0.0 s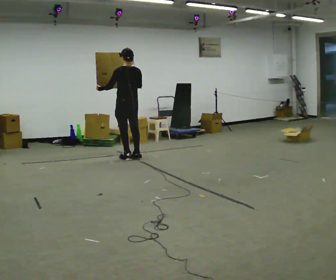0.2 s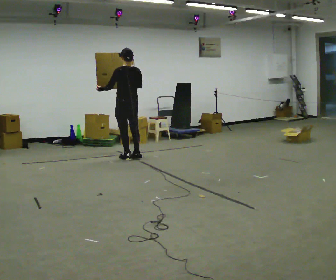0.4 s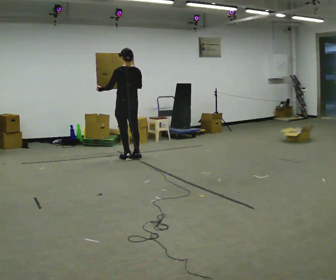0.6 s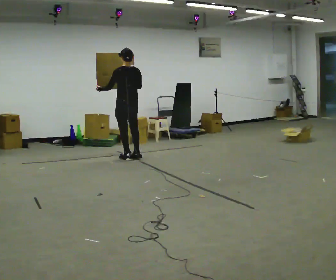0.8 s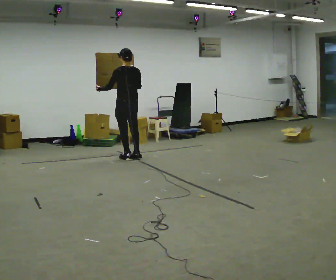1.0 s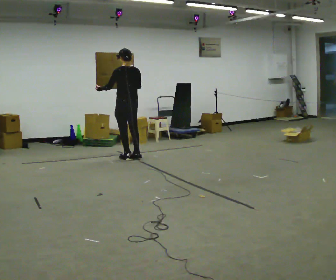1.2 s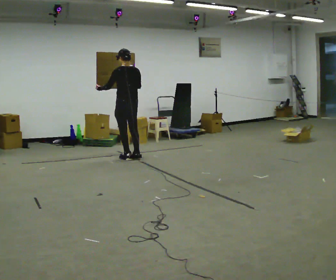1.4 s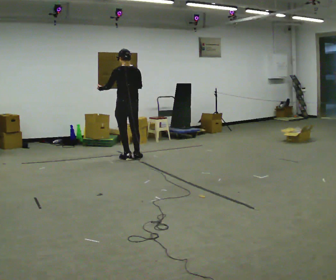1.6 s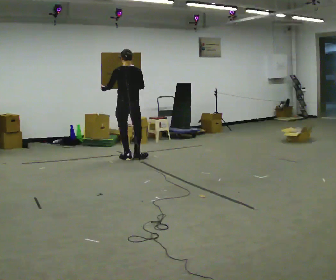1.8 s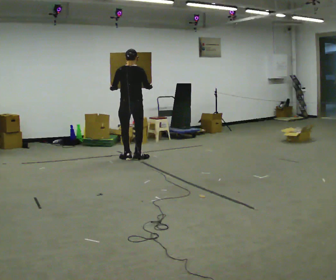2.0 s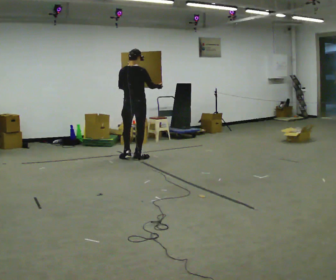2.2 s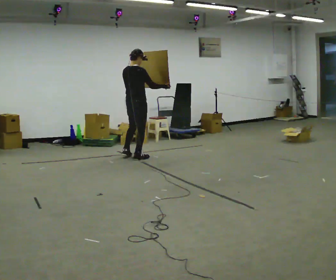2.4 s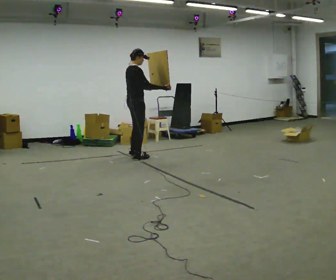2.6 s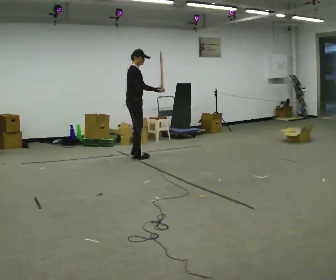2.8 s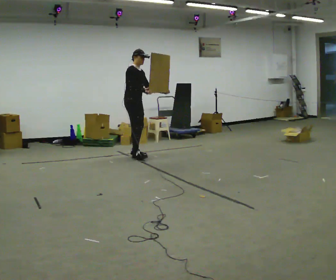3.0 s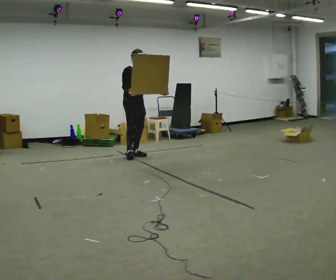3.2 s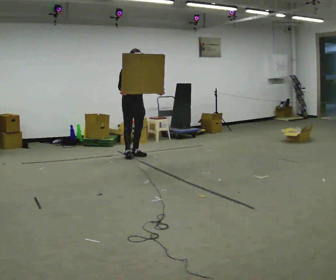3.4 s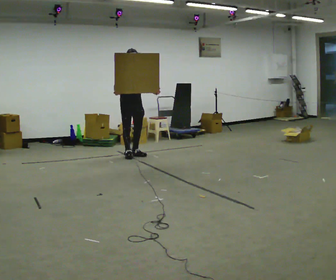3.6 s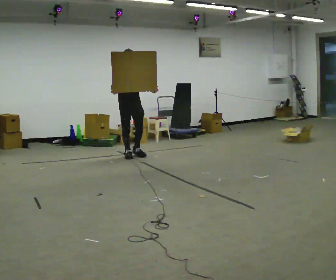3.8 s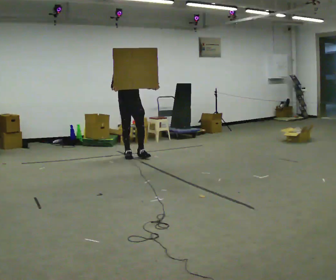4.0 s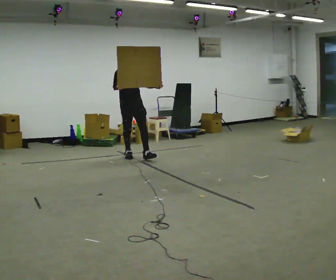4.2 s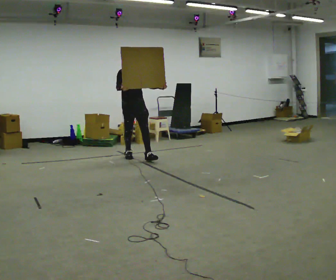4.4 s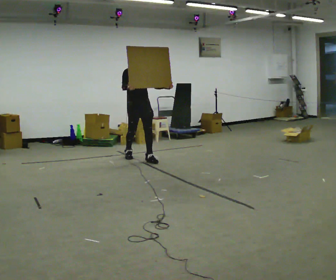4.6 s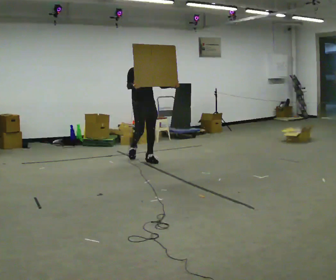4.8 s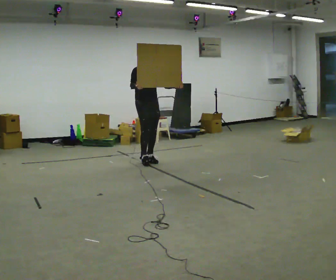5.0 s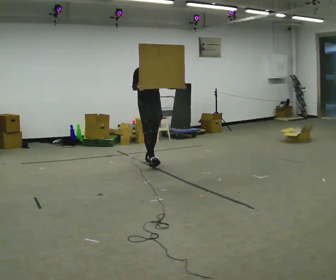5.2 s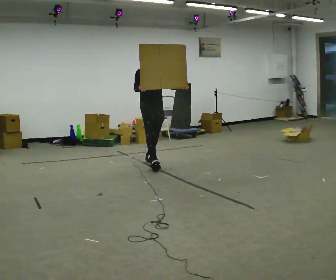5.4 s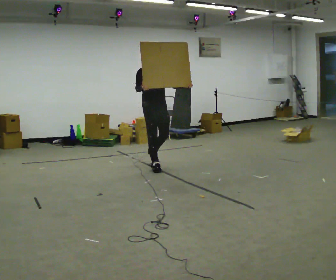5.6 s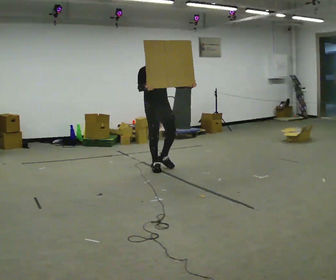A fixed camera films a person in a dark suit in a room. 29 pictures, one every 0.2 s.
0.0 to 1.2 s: The person moves a little, or ends about where they began.
1.2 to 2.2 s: The person turns about 75 degrees to their right, clockwise seen from above, so the part of the body nearest the lens slides to the left. In the picture their right hand goes to the right.
2.2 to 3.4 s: The part of the body nearest the lens slides to the left as the person turns to their right by about 120 degrees. In the picture they go away from the camera, about 0.25 m in 2 steps. In the picture their right hand goes to the left, the arm swinging clockwise.
3.4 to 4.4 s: In the picture they go toward the camera, about 0.25 m in 1 step, which for them is forward.
4.4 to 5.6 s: In the picture they go toward the camera and to the right, about 0.75 m in 1 step, which for them is forward.
The film runs forward here.
